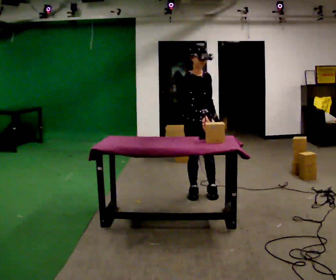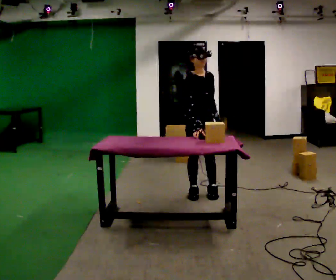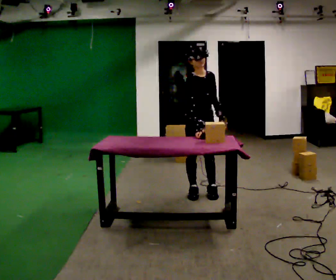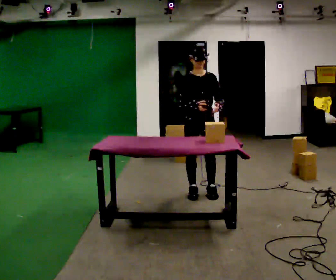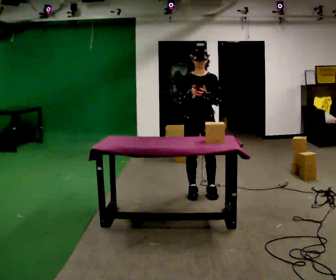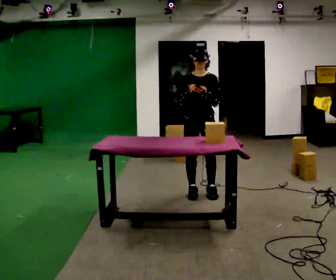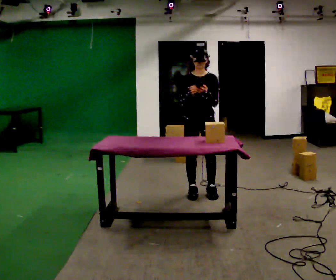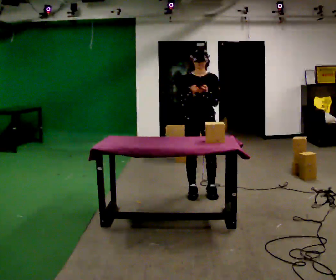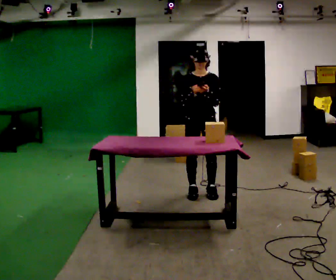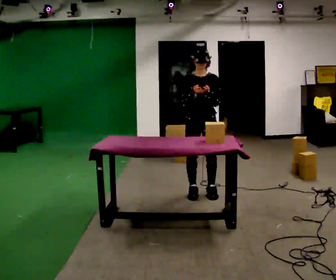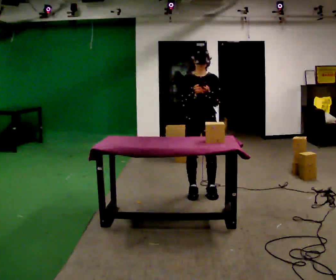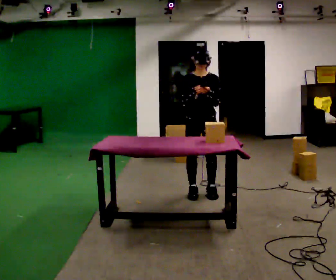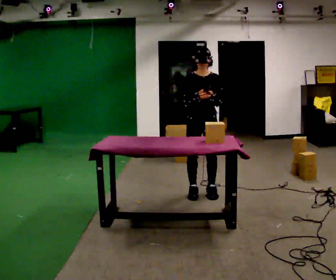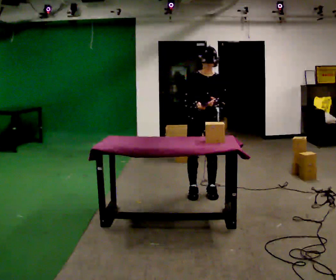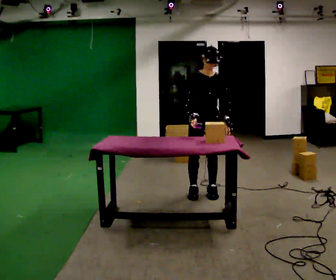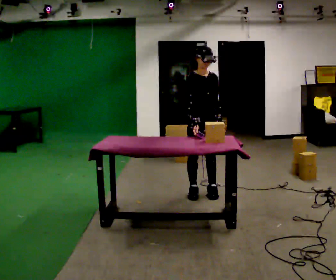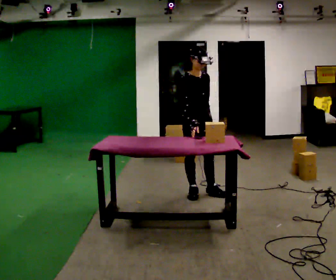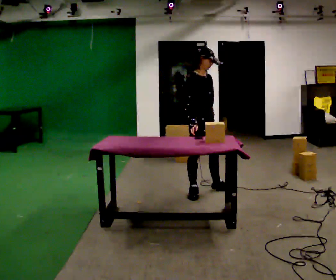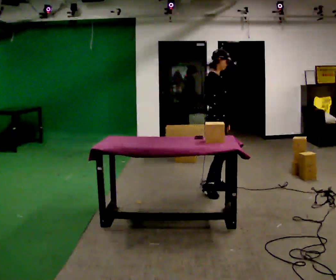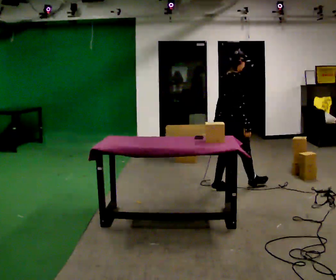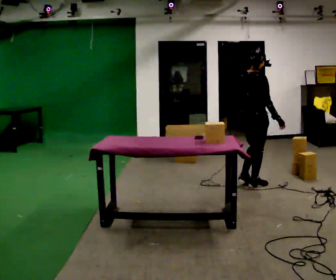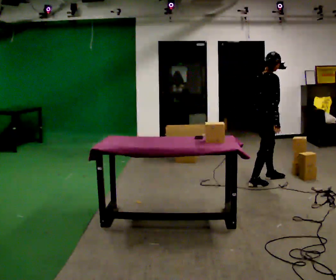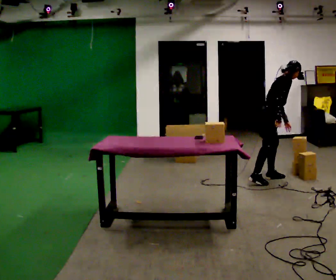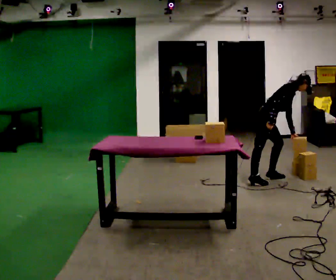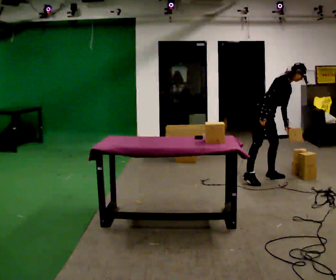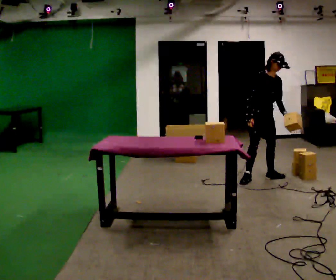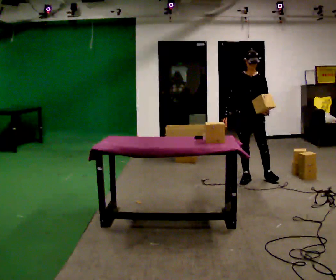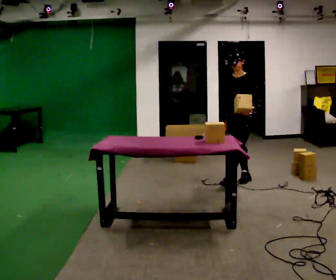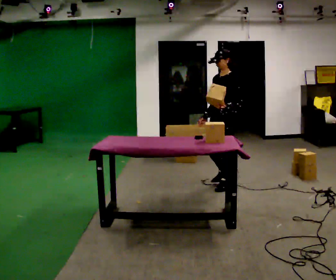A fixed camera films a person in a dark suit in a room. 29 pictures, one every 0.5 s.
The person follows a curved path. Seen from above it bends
counterclockwise.
0.0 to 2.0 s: The part of the body nearest the lens slides to the left as the person turns to their right by about 30 degrees.
2.0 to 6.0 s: The person moves a little, or ends about where they began.
6.0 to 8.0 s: The part of the body nearest the lens slides to the right as the person turns to their left by about 30 degrees.
8.0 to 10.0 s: Seen from above the body turns counterclockwise, about 75 degrees: to their left, with its near side sliding to the right. In the picture they go to the right and away from the camera, about 0.5 m in 1 step.
10.0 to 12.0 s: The person turns about 60 degrees to their right, clockwise seen from above, so the part of the body nearest the lens slides to the left. In the picture they go away from the camera, about 0.5 m in 1 step.
12.0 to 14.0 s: The part of the body nearest the lens slides to the left as the person turns to their right by about 120 degrees. In the picture they go to the left and toward the camera, about 0.5 m in 2 steps. In the picture the upper body tilts counterclockwise, shoulders to the left, as they lean back or straighten.
The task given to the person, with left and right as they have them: 1. Look at the photo the operator gives you. 2. Put the room back the way it looks in the photo. 3. Tell the operator when you are finished.
The film runs forward here.
